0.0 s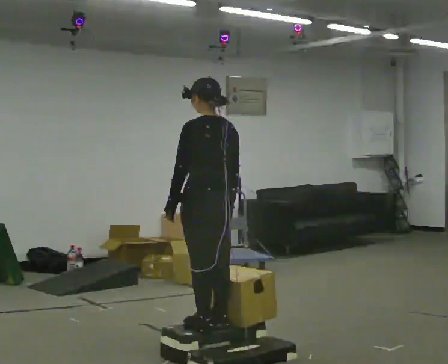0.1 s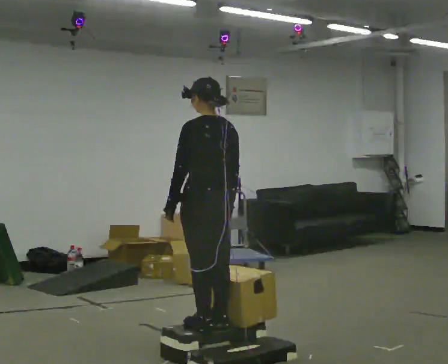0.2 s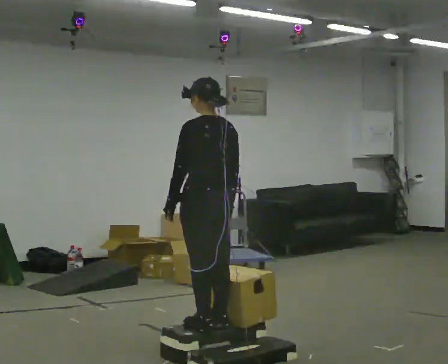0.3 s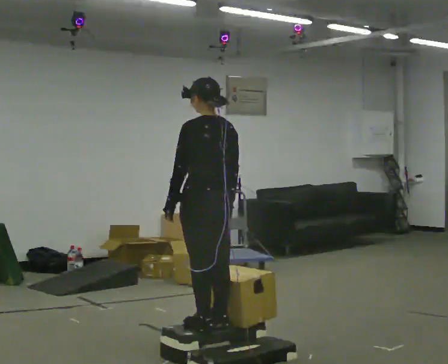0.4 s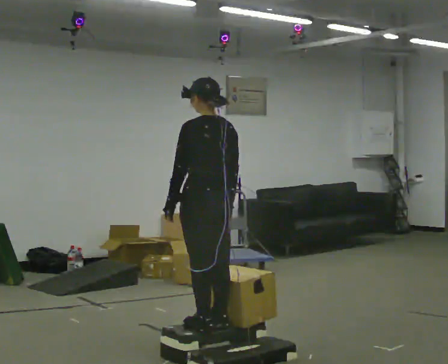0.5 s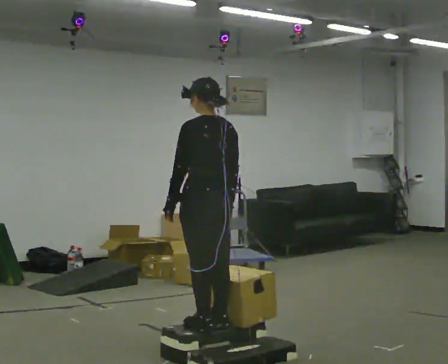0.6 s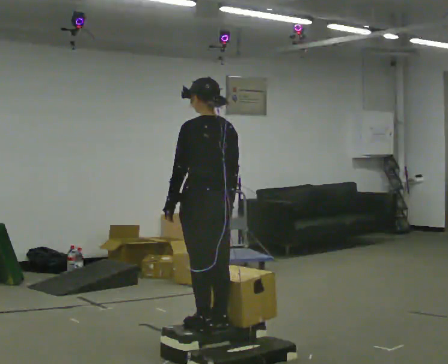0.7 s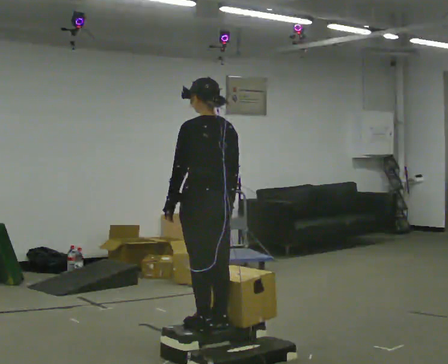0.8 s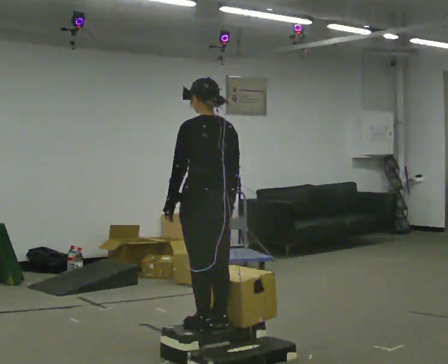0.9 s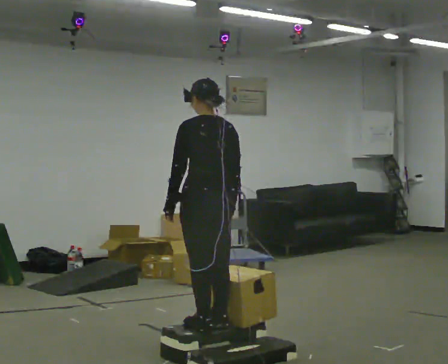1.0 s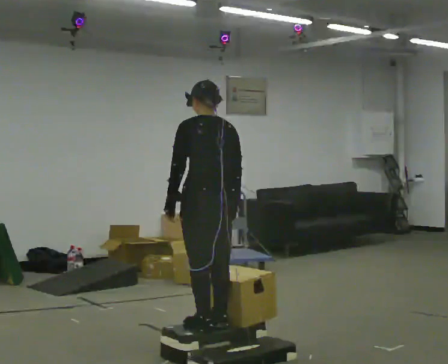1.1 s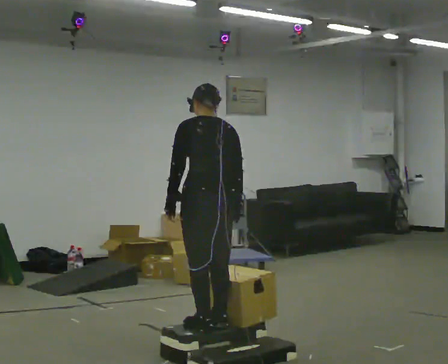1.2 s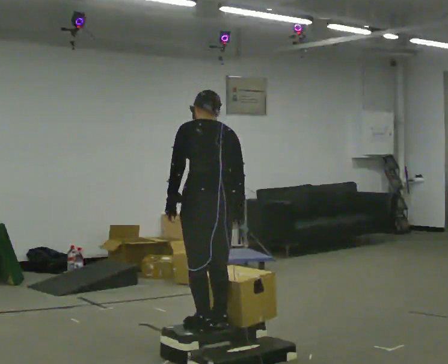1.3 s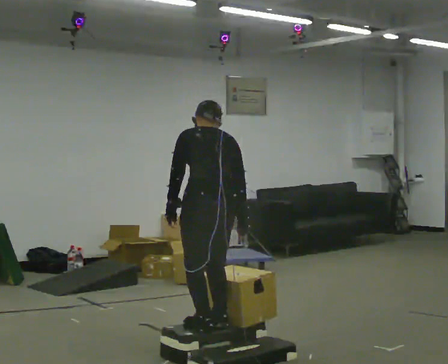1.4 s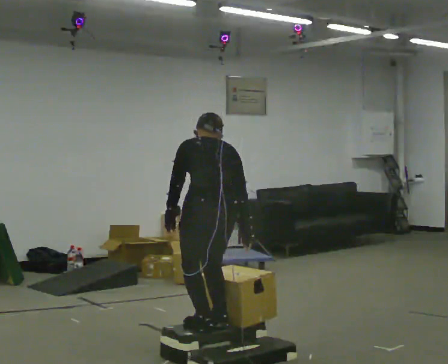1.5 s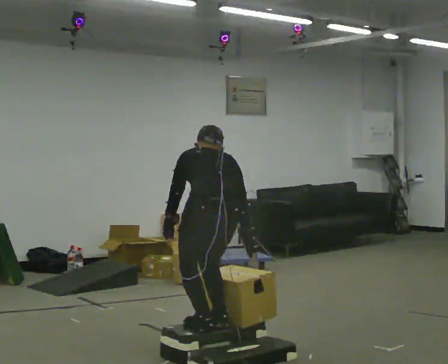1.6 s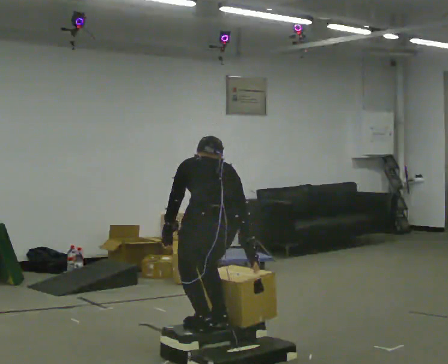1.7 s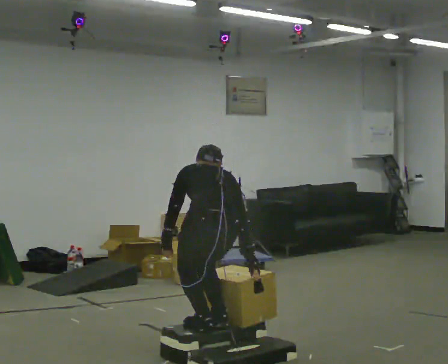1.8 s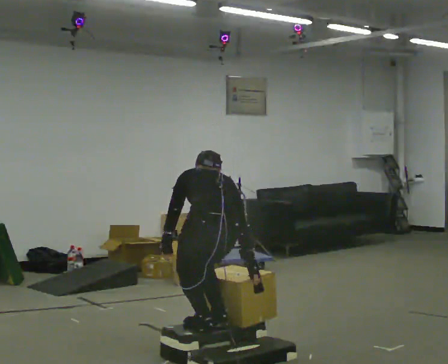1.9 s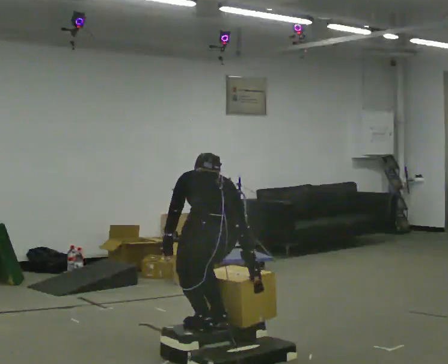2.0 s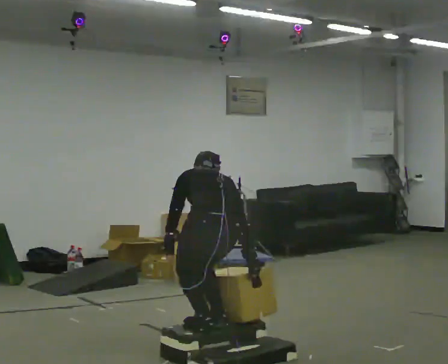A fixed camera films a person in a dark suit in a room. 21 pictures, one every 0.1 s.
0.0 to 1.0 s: The person moves a little, or ends about where they began.
1.0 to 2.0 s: The upper body goes downward. The upper body tips away from the camera, its near side rolling upward, as they bend forward. In the picture their right hand goes downward.
The film runs forward here.
